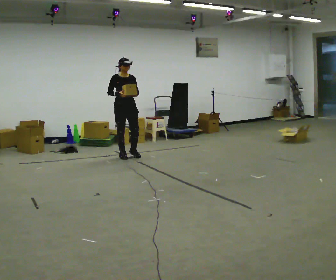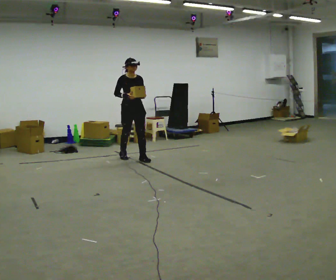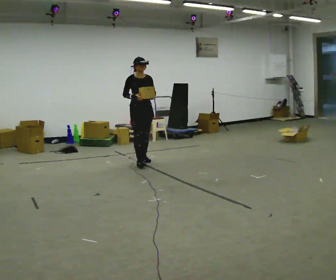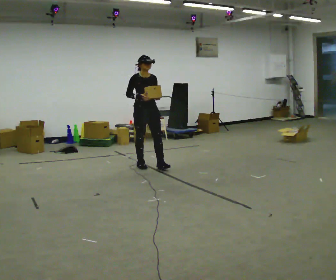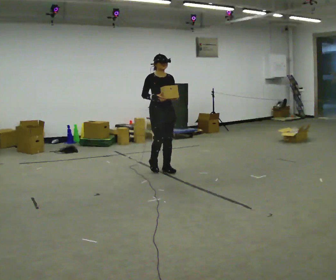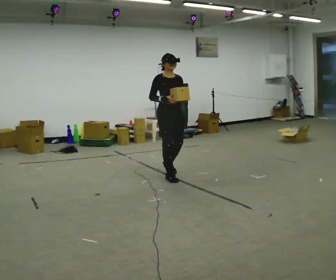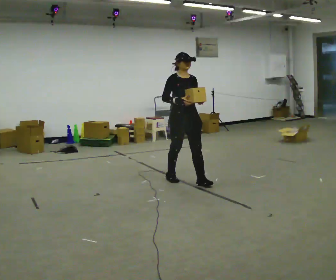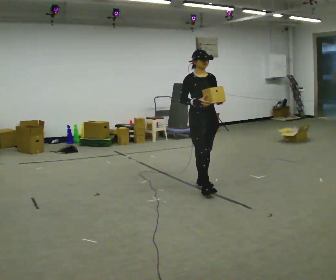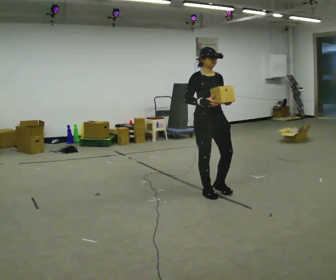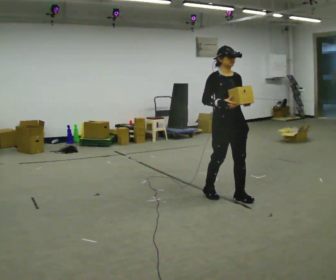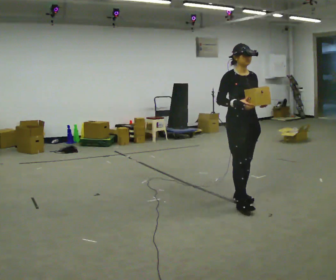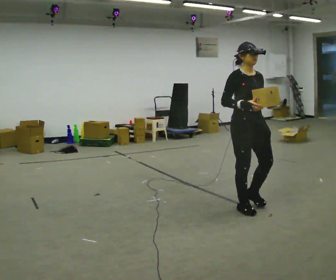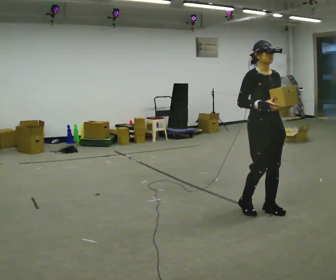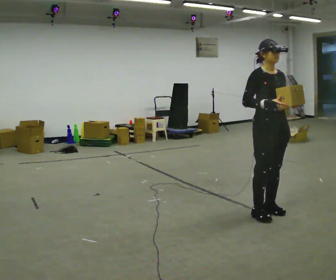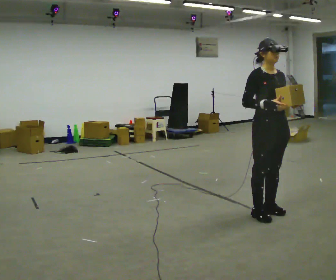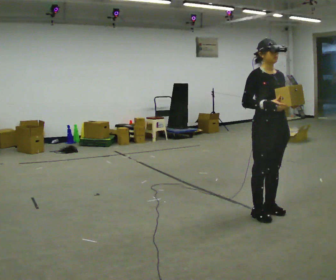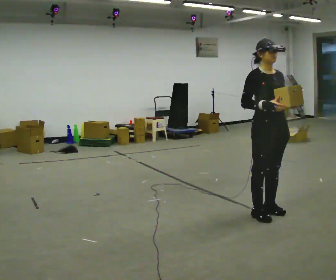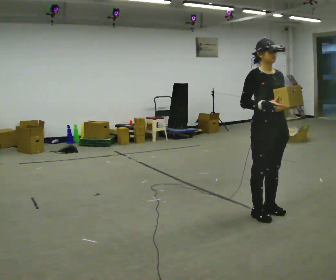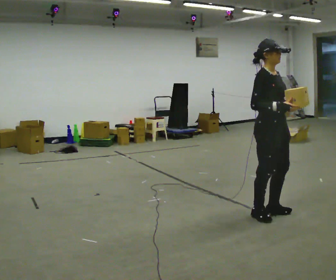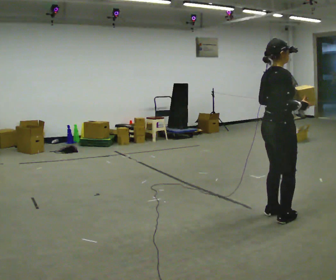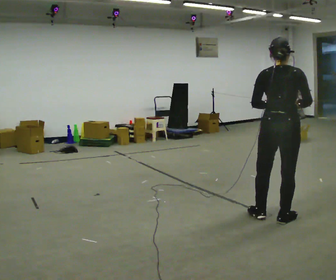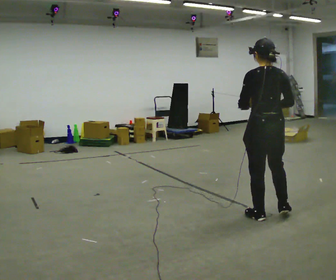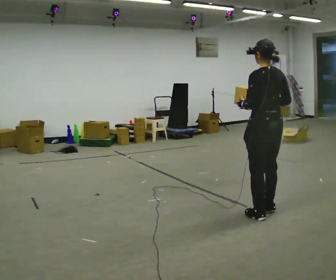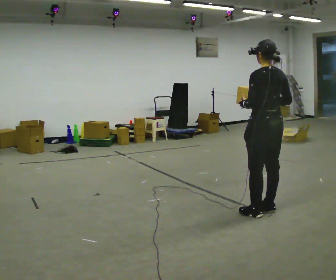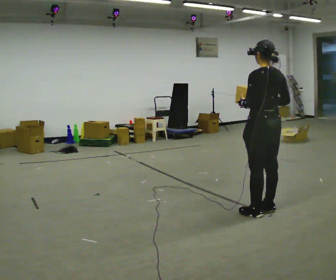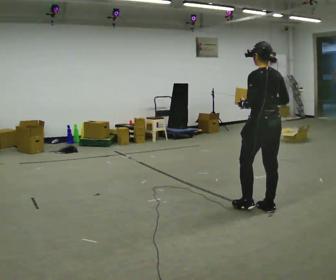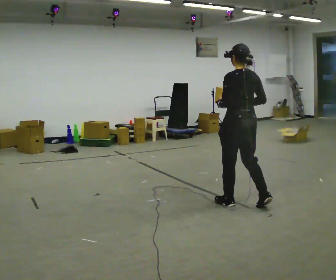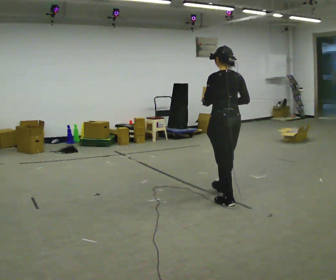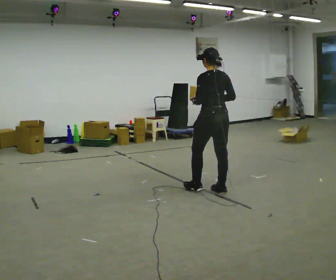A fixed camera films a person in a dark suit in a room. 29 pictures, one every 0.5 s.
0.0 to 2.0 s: In the picture they go to the right and toward the camera, about 1 m in 3 steps, which for them is forward.
2.0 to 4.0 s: In the picture they go toward the camera and to the right, about 1 m in 3 steps, which for them is forward.
4.0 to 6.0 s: In the picture they go to the right and toward the camera, about 1 m in 3 steps, which for them is forward.
6.0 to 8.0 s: The person moves a little, or ends about where they began.
8.0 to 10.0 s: The part of the body nearest the lens slides to the right as the person turns to their left by about 135 degrees.
10.0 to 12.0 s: The part of the body nearest the lens slides to the right as the person turns to their left by about 45 degrees. In the picture they go away from the camera, about 0.25 m in 1 step, which for them is forward.
12.0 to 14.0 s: In the picture they go away from the camera and to the left, about 1 m in 2 steps, which for them is forward.
The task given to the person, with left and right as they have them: Carry the light box in both hands in front of you, walking back and forth across the room. Keep walking until the operator says stop.
The film runs forward here.
